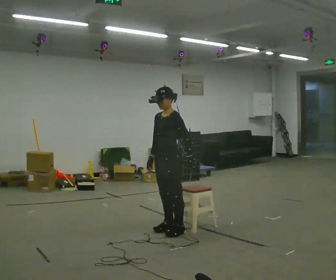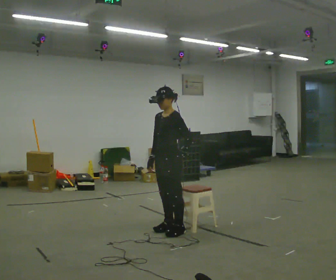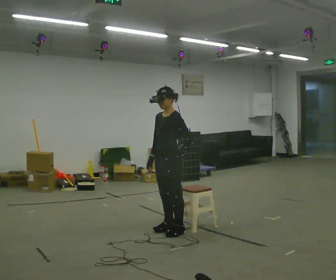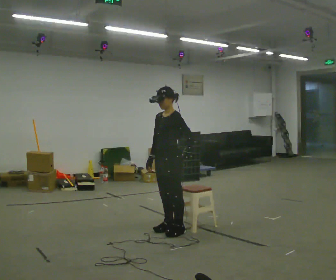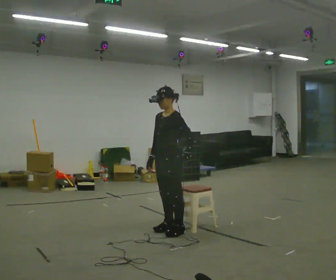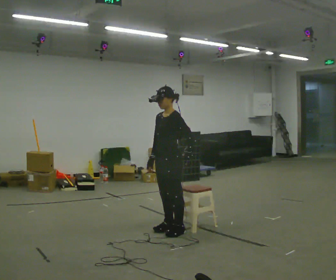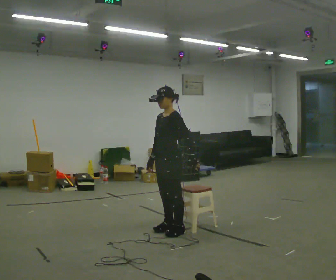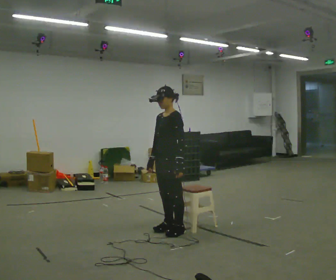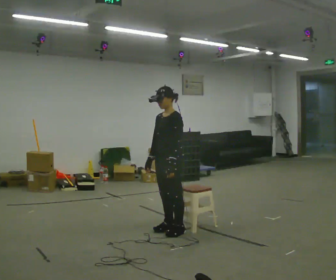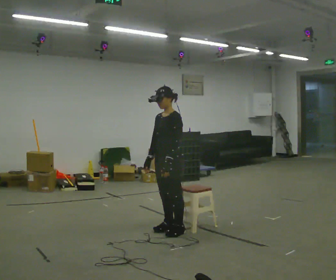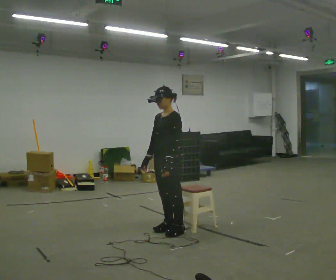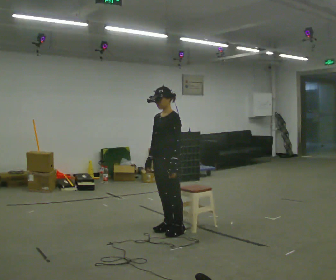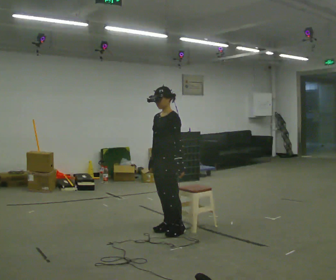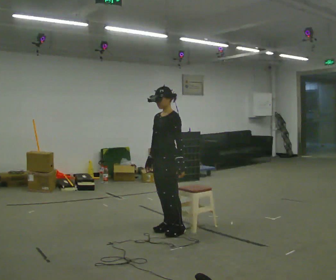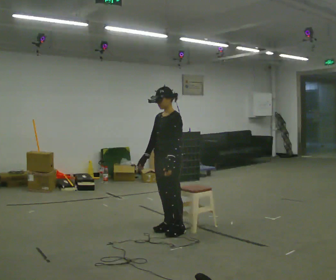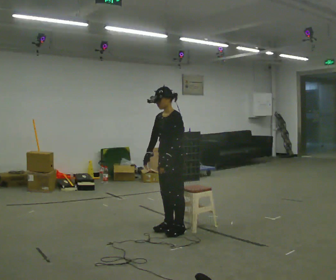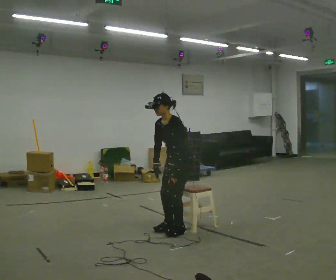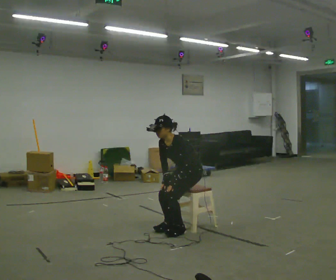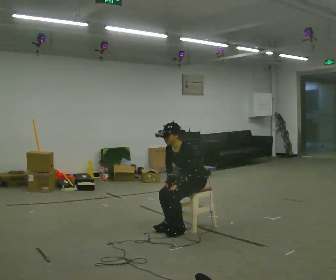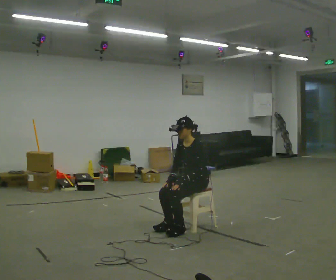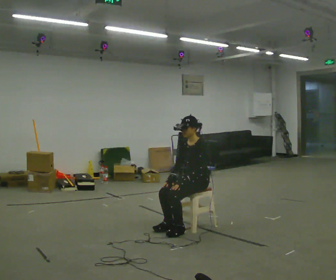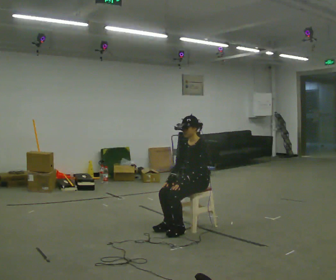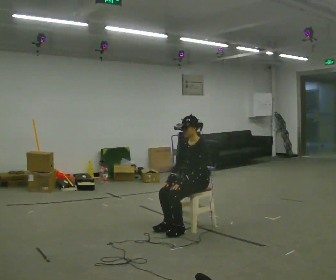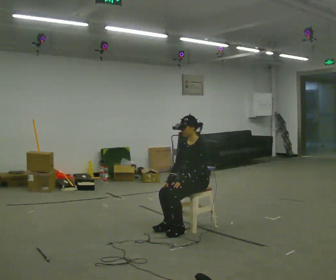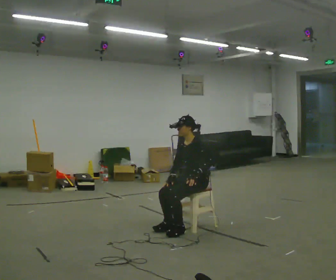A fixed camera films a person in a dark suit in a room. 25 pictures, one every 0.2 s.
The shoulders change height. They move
downward.
0.0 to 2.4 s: The person moves a little, or ends about where they began.
2.4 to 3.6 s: In the picture they go to the right and away from the camera, about 0.25 m, which for them is backward. The shoulders move downward. In the picture the upper body tilts counterclockwise, shoulders to the left, as they bend forward.
3.6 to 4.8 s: The upper body tips away from the camera, its near side rolling upward, as they lean back or straighten.
The film runs backward here.
